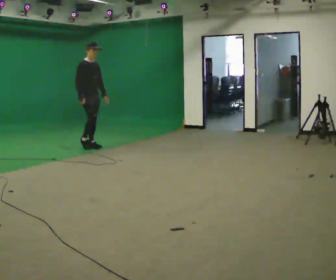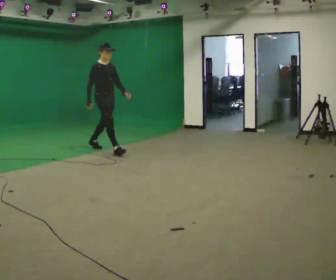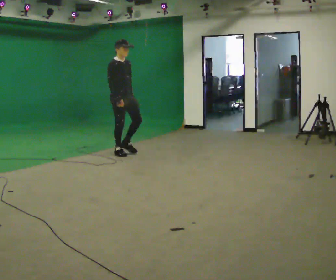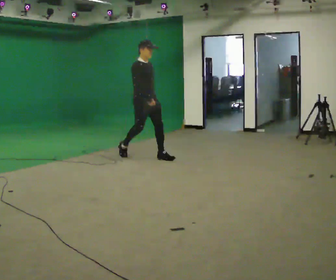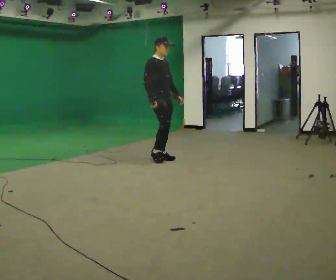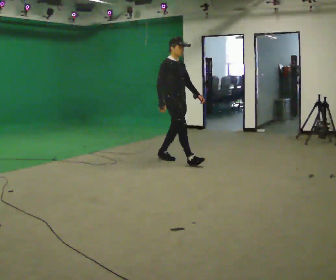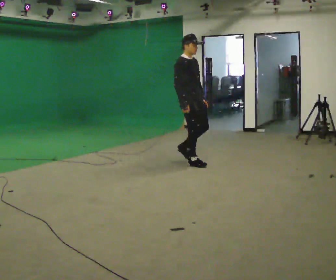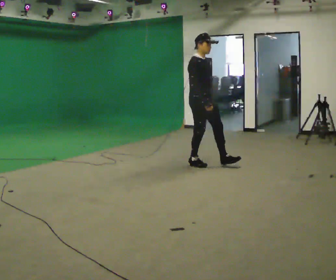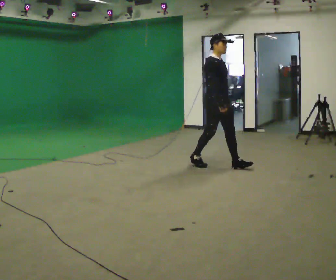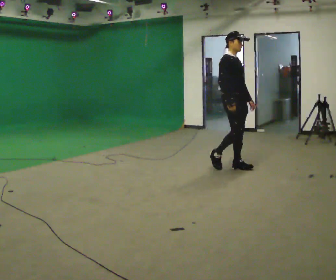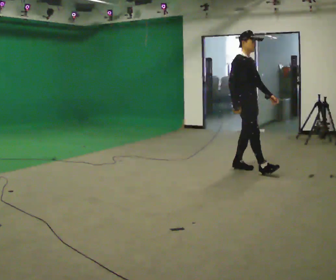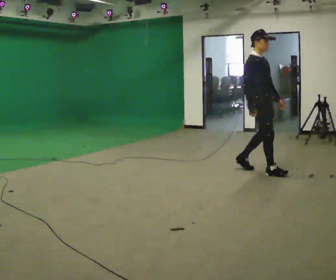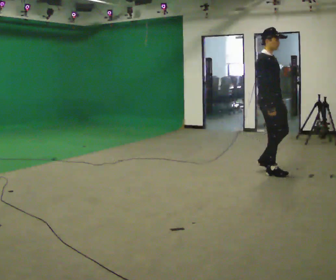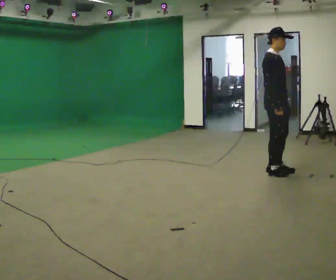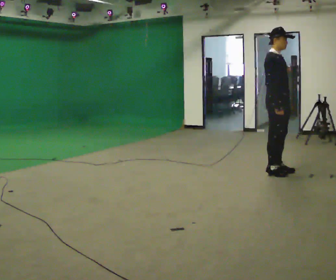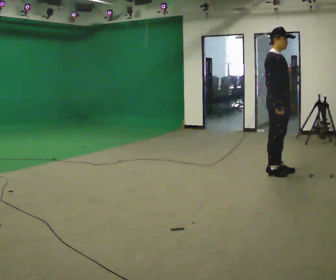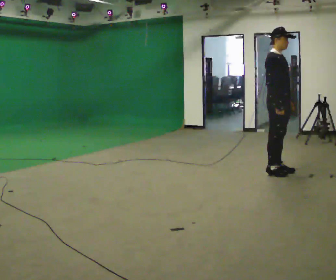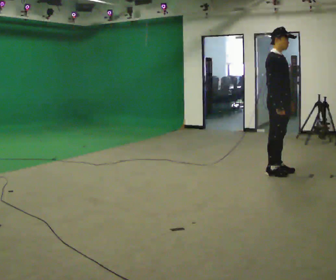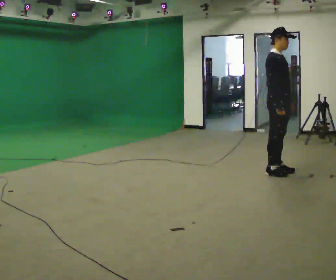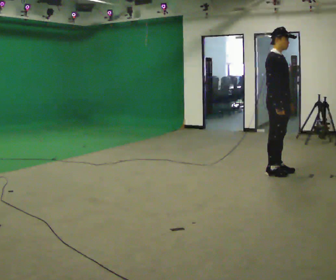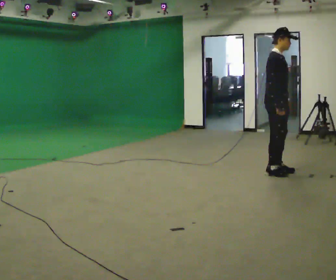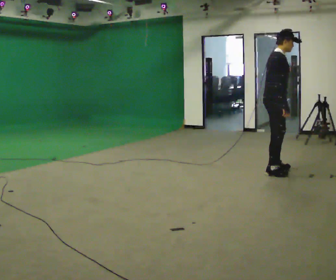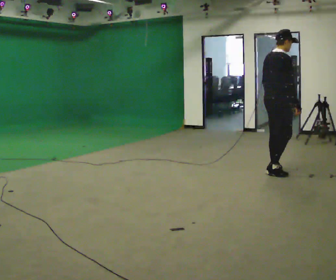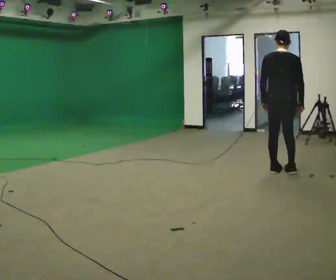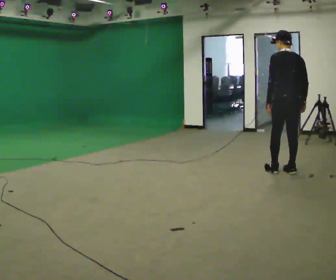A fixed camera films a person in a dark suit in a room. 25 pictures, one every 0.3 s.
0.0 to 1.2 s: In the picture they go to the right, about 1.5 m in 2 steps, which for them is forward.
1.2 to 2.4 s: In the picture they go to the right, about 1 m in 2 steps, which for them is forward.
2.4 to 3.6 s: In the picture they go to the right and toward the camera, about 0.75 m in 1 step, which for them is forward.
3.6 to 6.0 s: The person moves a little, or ends about where they began.
6.0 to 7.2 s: Seen from above the body turns counterclockwise, about 135 degrees: to their left, with its near side sliding to the right. In the picture they go to the right, about 0.25 m in 1 step.
The film runs forward here.
